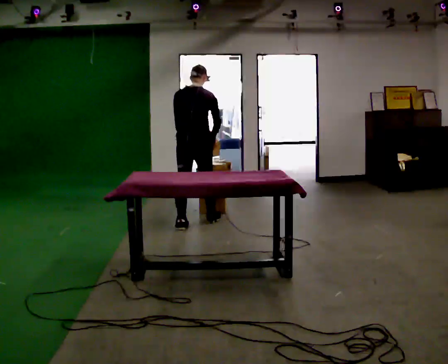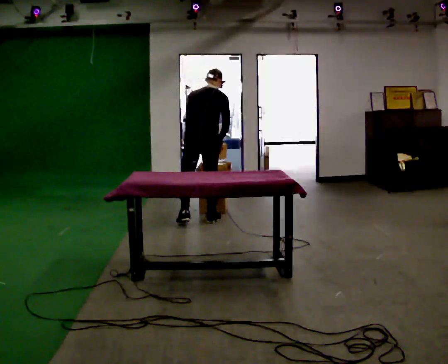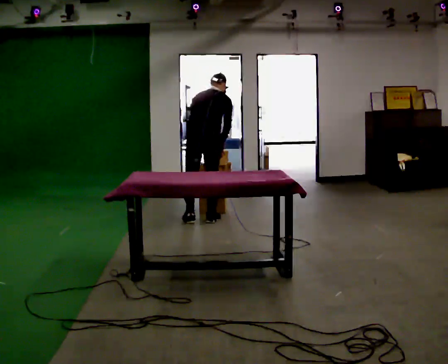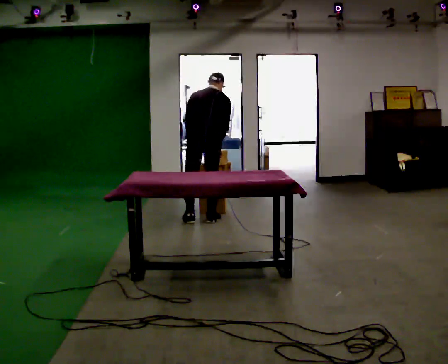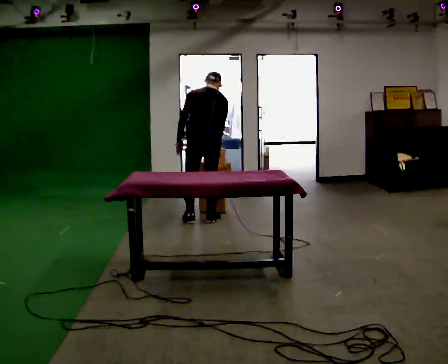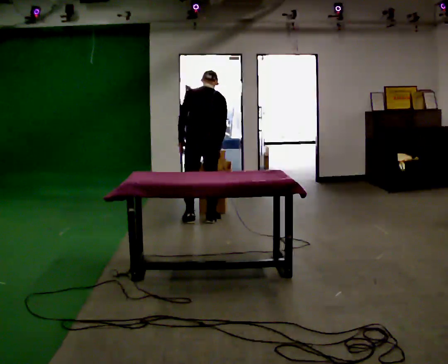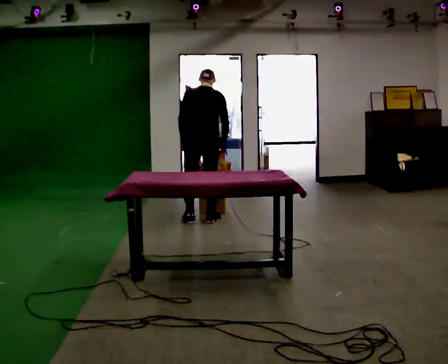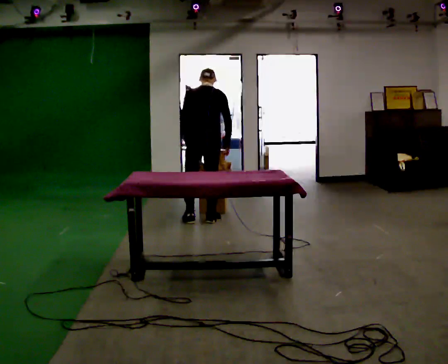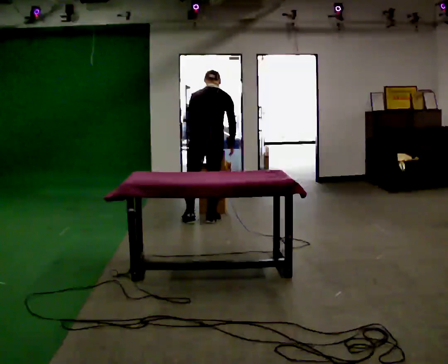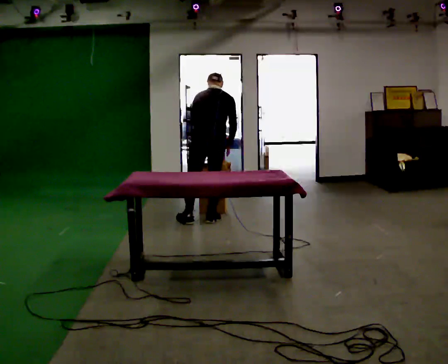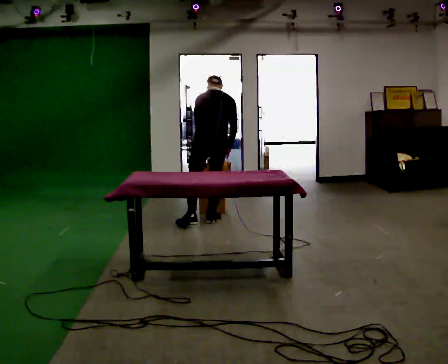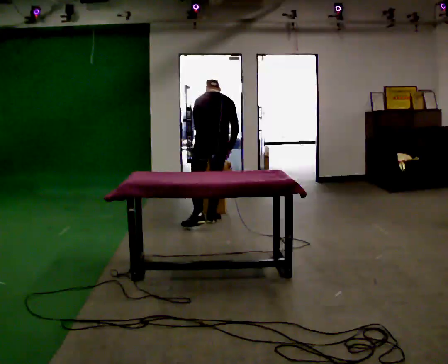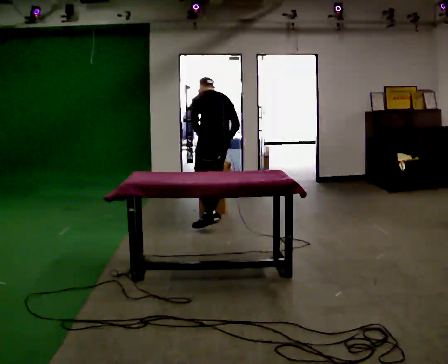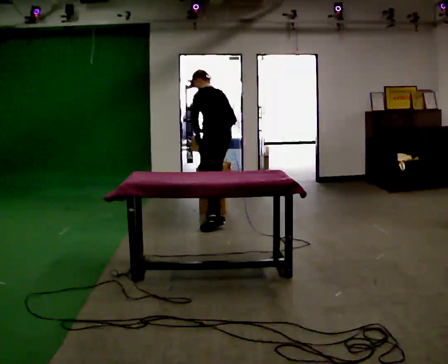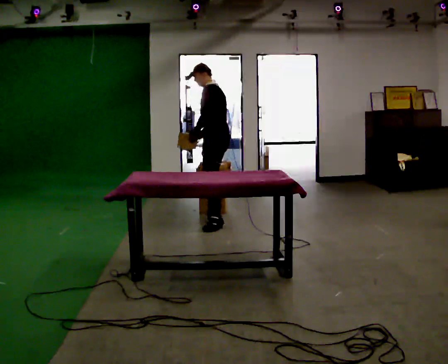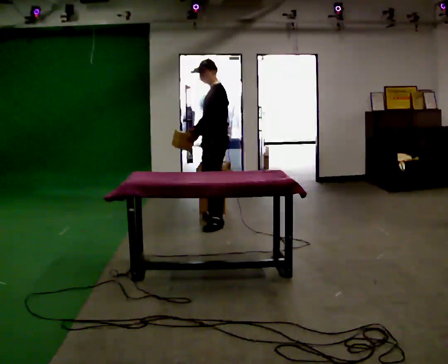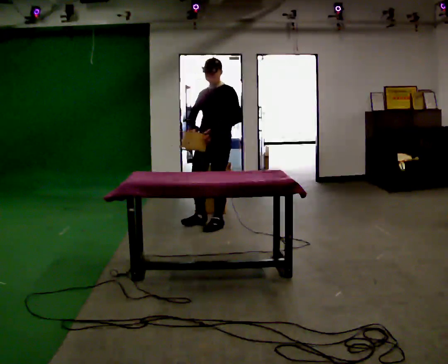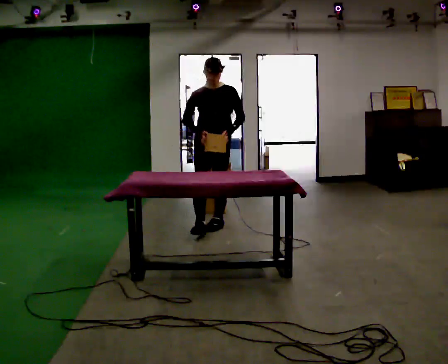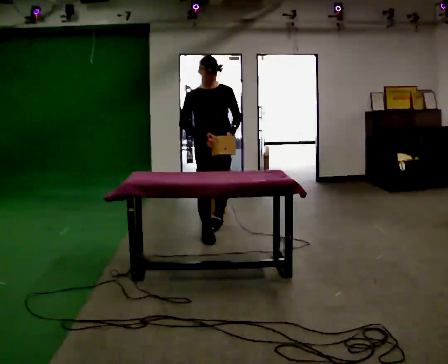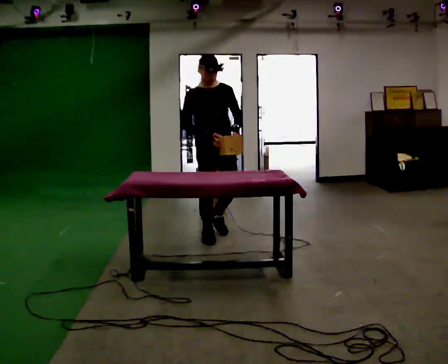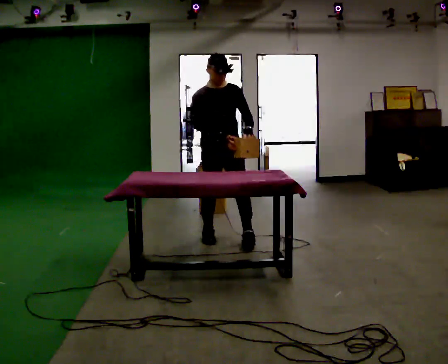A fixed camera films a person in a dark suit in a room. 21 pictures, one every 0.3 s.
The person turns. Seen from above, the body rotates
counterclockwise.
The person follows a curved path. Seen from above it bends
clockwise.
0.0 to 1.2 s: In the picture they go away from the camera, about 0.25 m in 1 step, which for them is forward.
1.2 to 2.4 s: The person moves a little, or ends about where they began.
2.4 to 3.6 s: The part of the body nearest the lens slides to the right as the person turns to their left by about 30 degrees.
3.6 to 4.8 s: The part of the body nearest the lens slides to the right as the person turns to their left by about 105 degrees. In the picture they go toward the camera, about 0.25 m in 1 step. The upper body tips toward the camera, its near side rolling downward, as they lean back or straighten. In the picture their right hand goes to the left, the arm swinging clockwise.
4.8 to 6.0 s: The part of the body nearest the lens slides to the right as the person turns to their left by about 45 degrees. In the picture they go toward the camera, about 0.5 m in 1 step, which for them is forward.
The film runs forward here.
